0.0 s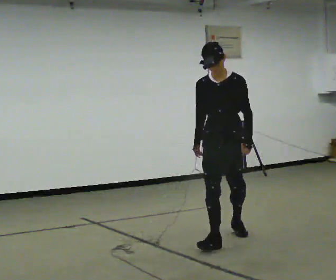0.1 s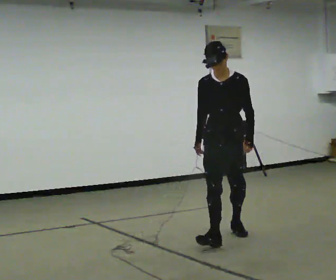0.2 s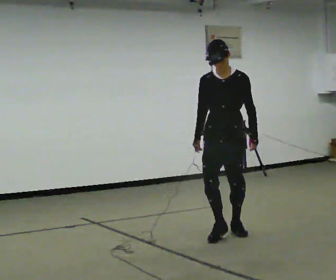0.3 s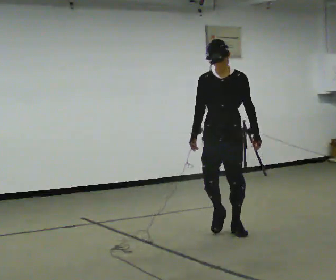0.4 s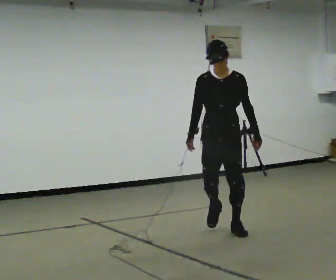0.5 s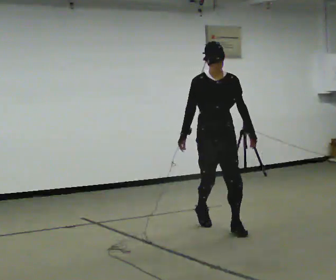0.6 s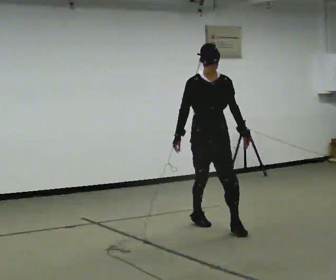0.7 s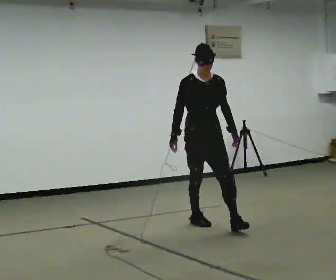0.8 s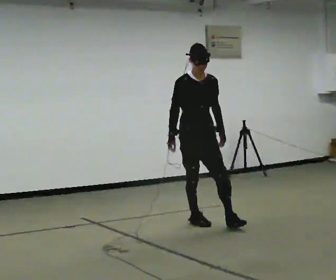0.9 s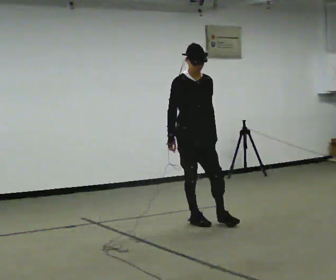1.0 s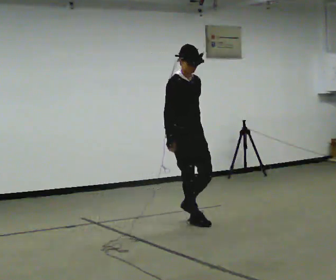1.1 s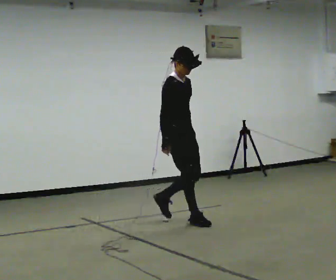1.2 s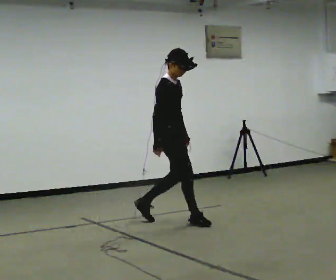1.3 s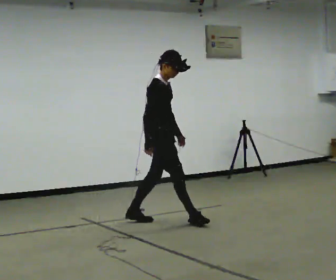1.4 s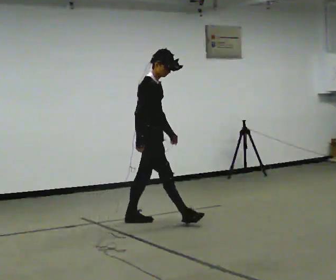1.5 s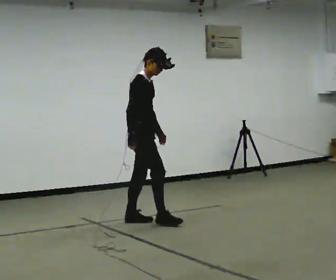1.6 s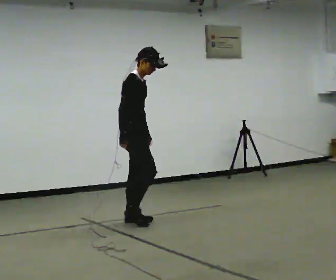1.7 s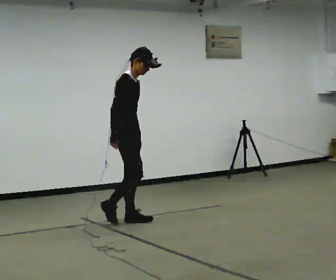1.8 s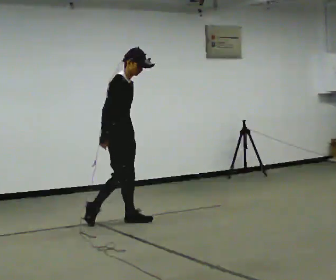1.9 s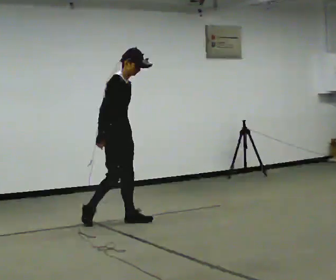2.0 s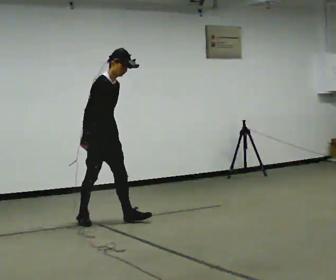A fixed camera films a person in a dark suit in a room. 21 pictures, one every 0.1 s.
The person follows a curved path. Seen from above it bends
counterclockwise.
0.0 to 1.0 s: The person turns about 60 degrees to their left, counterclockwise seen from above, so the part of the body nearest the lens slides to the right. In the picture they go away from the camera and to the left, about 0.5 m in 2 steps, which for them is backward.
1.0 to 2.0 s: In the picture they go to the left, about 1 m in 1 step, which for them is backward.
The film runs backward here.
